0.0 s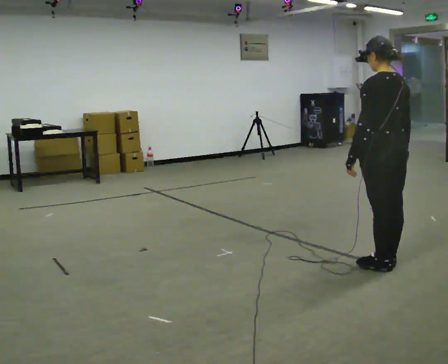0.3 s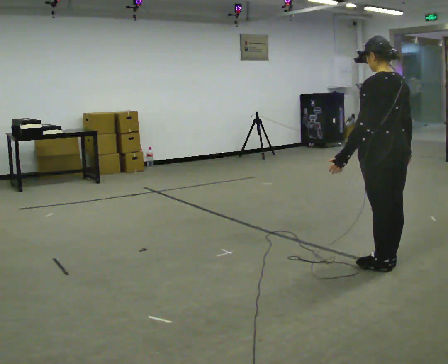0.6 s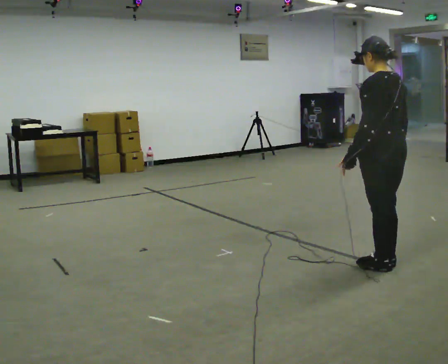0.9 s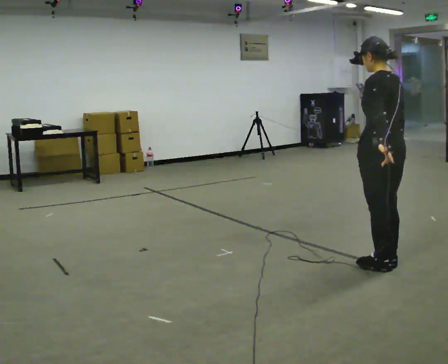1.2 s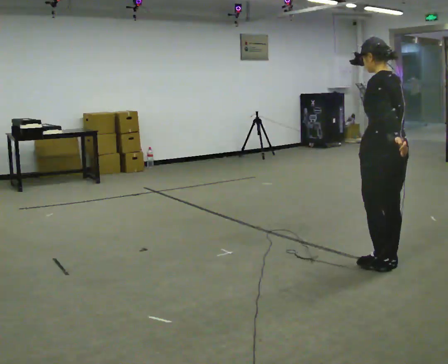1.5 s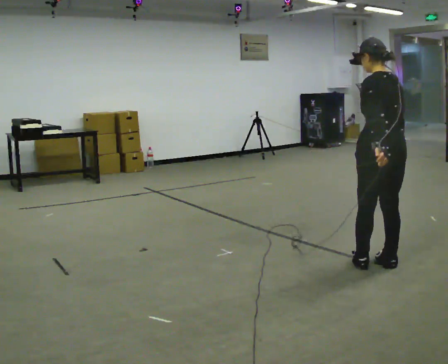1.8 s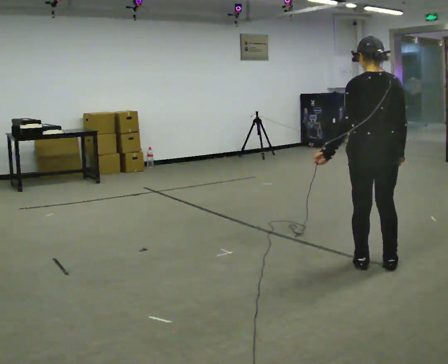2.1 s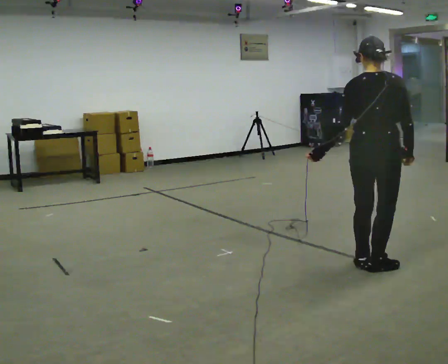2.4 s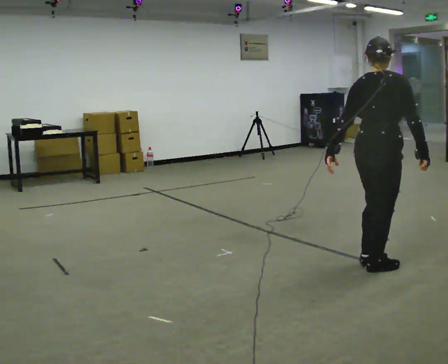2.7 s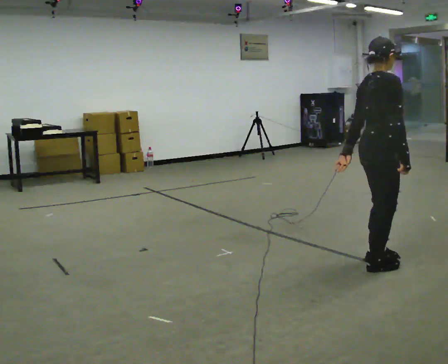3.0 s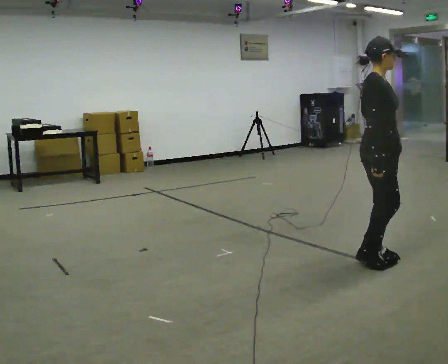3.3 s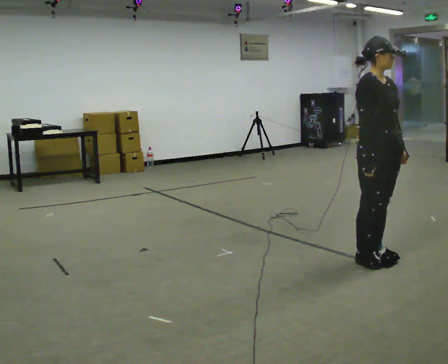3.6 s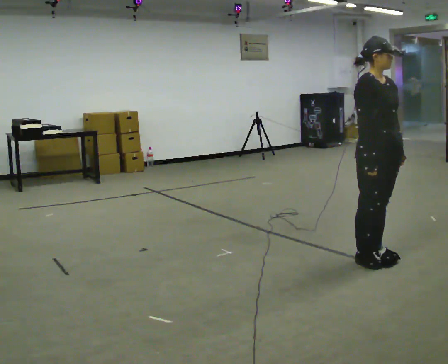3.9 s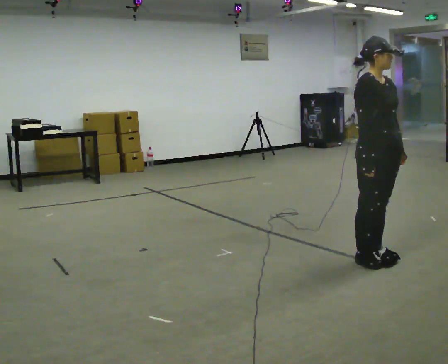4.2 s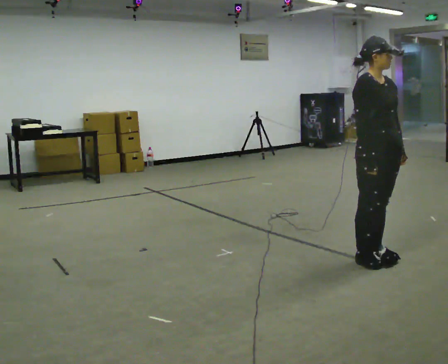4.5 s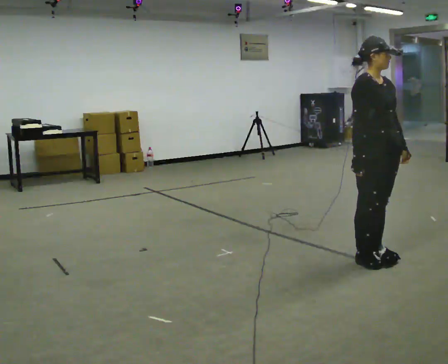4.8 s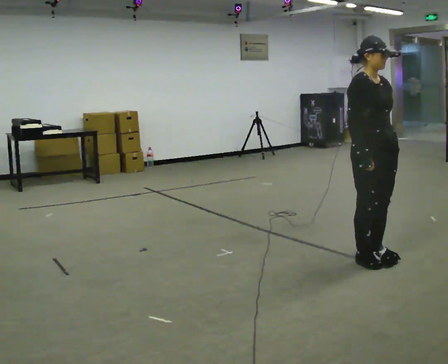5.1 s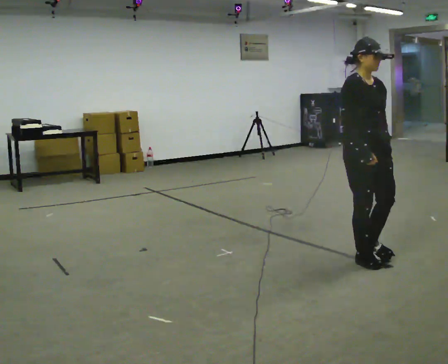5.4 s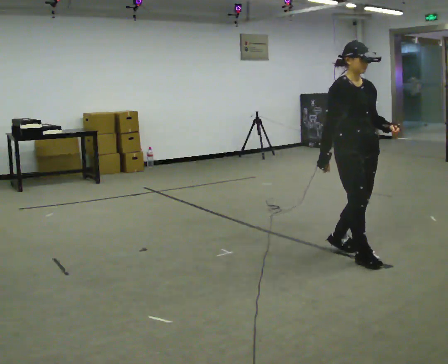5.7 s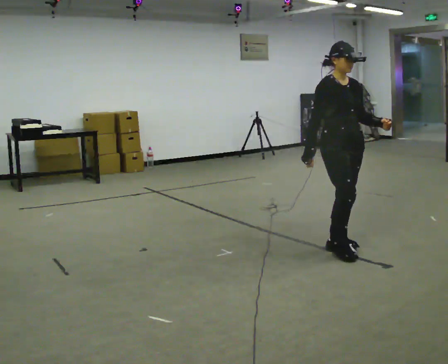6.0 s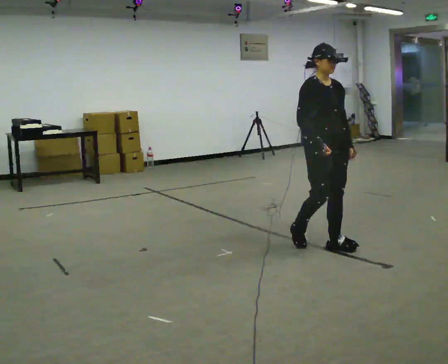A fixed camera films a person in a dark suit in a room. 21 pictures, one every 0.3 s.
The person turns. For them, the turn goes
to their right.
The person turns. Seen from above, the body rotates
clockwise.
0.0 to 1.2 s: The person moves a little, or ends about where they began.
1.2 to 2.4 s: The person turns about 90 degrees to their right, clockwise seen from above, so the part of the body nearest the lens slides to the left. In the picture their left hand goes to the left.
2.4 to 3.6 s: The person turns about 90 degrees to their right, clockwise seen from above, so the part of the body nearest the lens slides to the left. In the picture they go away from the camera, about 0.25 m in 1 step. In the picture their left hand goes to the right, the arm swinging counterclockwise.
3.6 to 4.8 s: The person moves a little, or ends about where they began.
4.8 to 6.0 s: In the picture they go to the left and away from the camera, about 0.5 m in 2 steps, which for them is backward.
The film runs backward here.
